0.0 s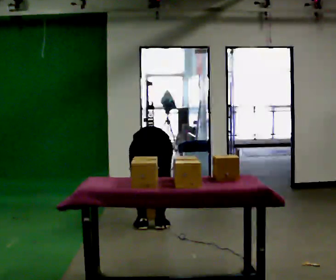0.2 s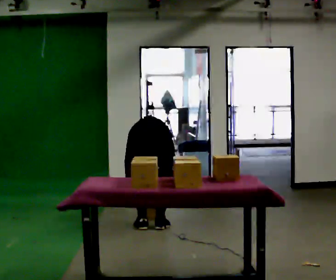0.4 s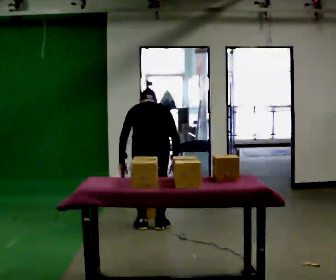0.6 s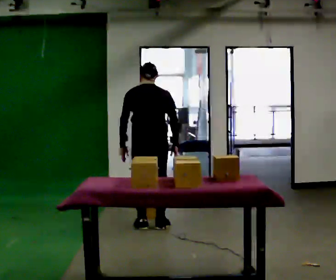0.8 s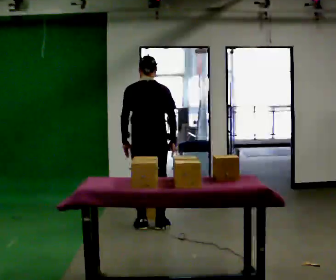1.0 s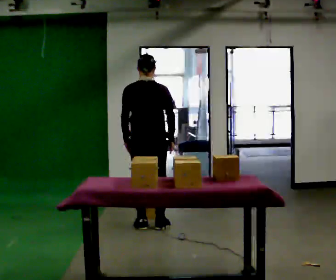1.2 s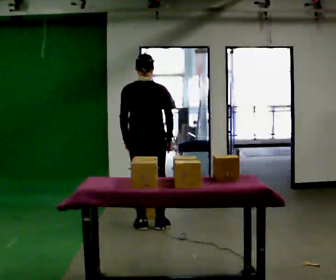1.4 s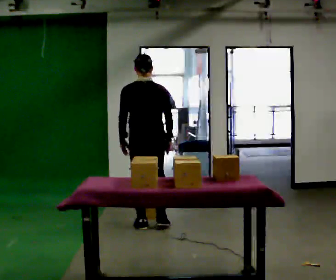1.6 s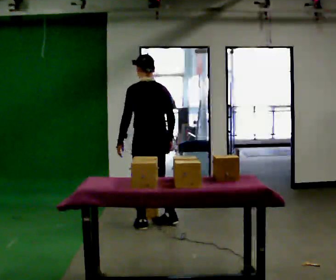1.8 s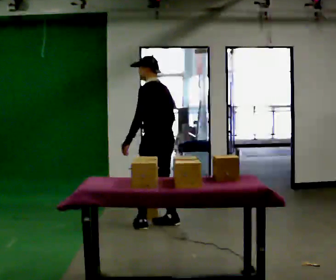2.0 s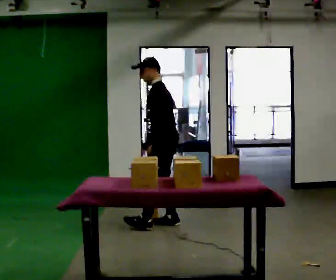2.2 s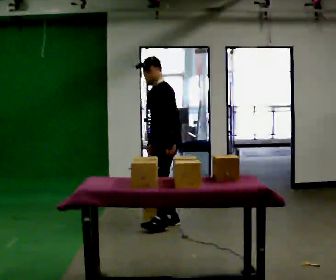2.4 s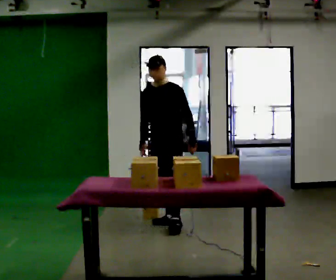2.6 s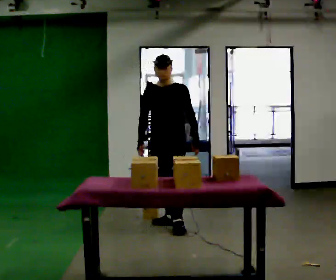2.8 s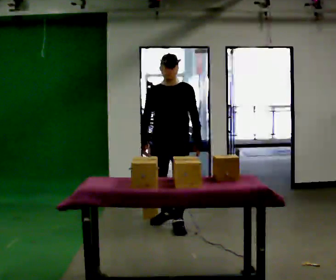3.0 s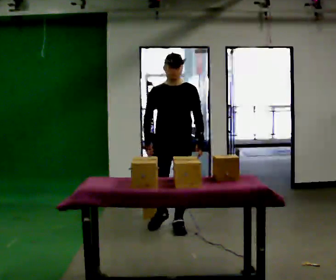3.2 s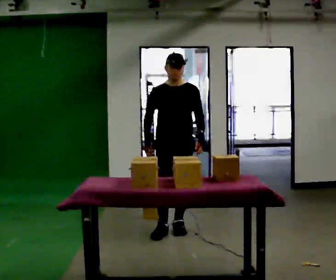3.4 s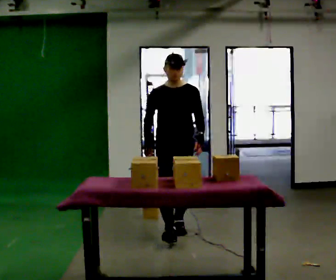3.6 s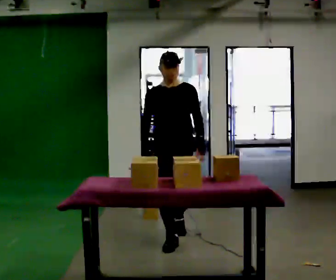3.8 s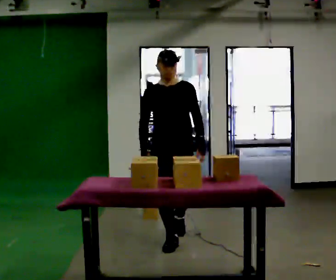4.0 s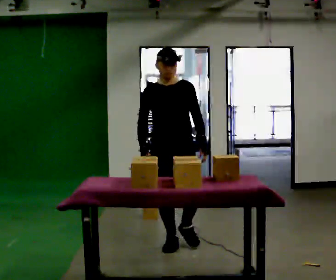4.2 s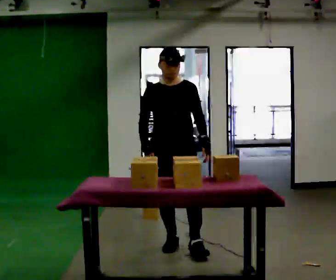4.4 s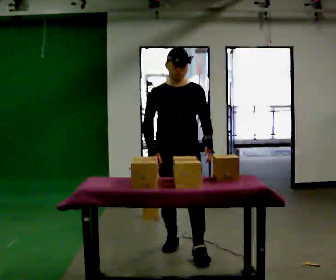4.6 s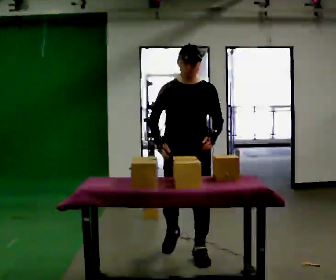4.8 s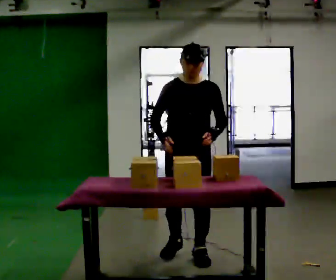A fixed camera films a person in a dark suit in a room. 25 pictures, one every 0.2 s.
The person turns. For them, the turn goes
to their left.
The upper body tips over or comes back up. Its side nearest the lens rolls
downward.
0.0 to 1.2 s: The shoulders move upward. The upper body tips toward the camera, its near side rolling downward, as they lean back or straighten. In the picture their right hand goes upward.
1.2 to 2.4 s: Seen from above the body turns counterclockwise, about 135 degrees: to their left, with its near side sliding to the right. In the picture they go to the right, about 0.25 m in 2 steps.
2.4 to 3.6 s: The person turns about 45 degrees to their left, counterclockwise seen from above, so the part of the body nearest the lens slides to the right. In the picture they go toward the camera, about 0.5 m in 1 step, which for them is forward.
3.6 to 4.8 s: In the picture they go toward the camera, about 0.5 m in 1 step, which for them is forward.
The film runs forward here.
